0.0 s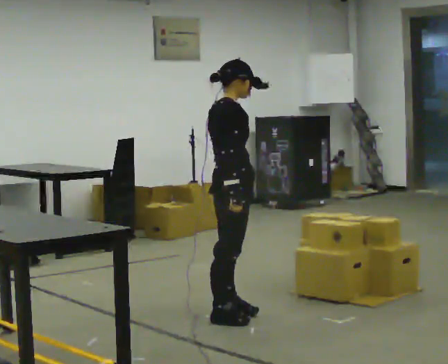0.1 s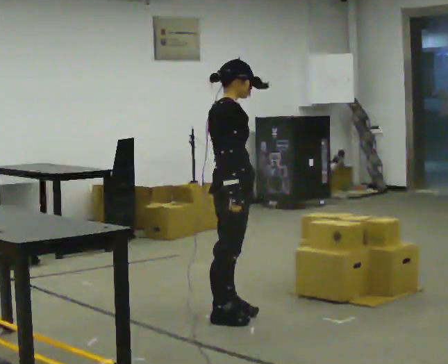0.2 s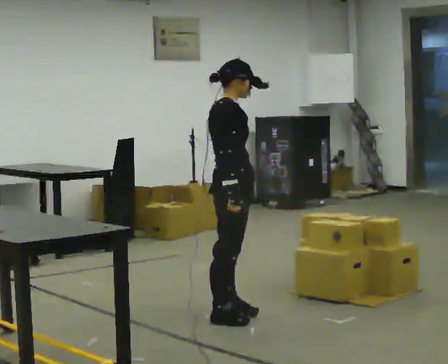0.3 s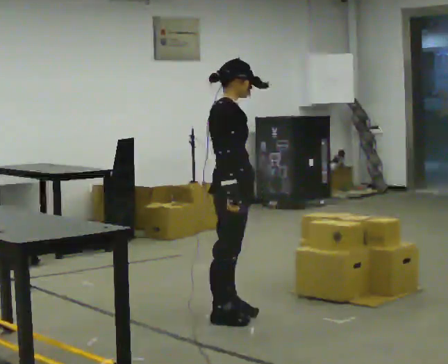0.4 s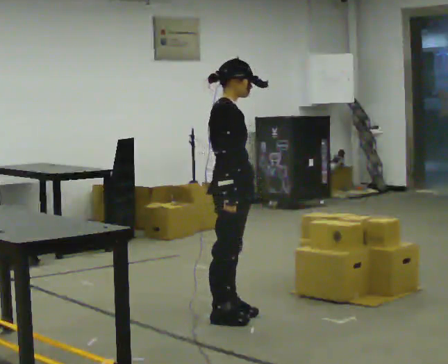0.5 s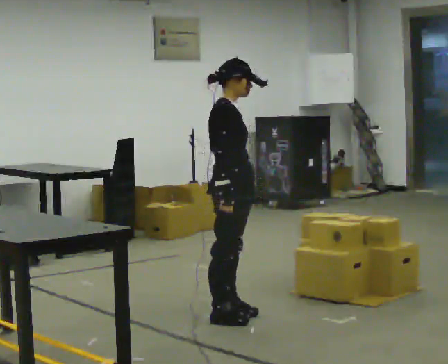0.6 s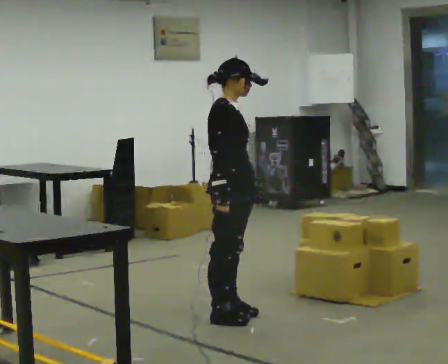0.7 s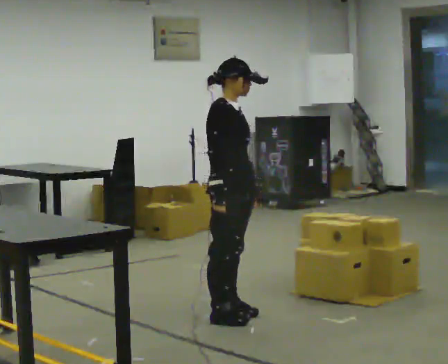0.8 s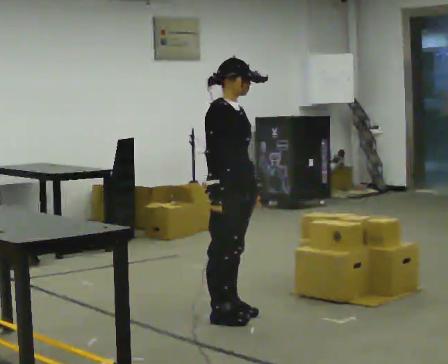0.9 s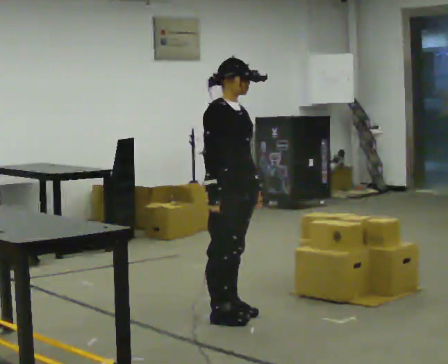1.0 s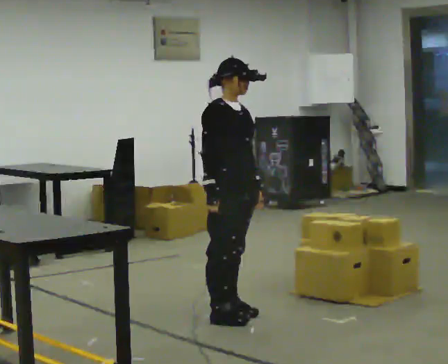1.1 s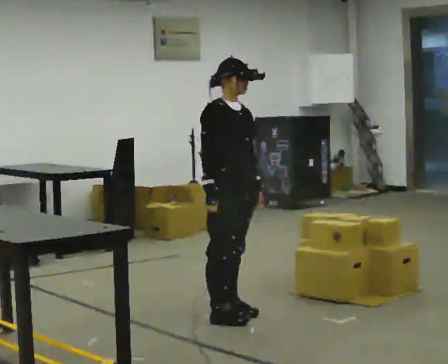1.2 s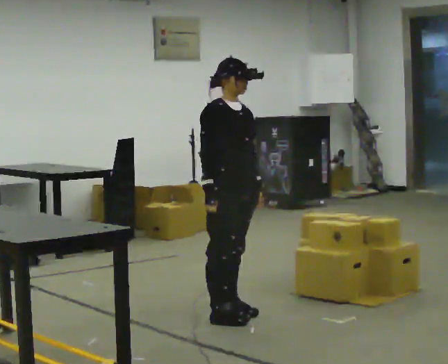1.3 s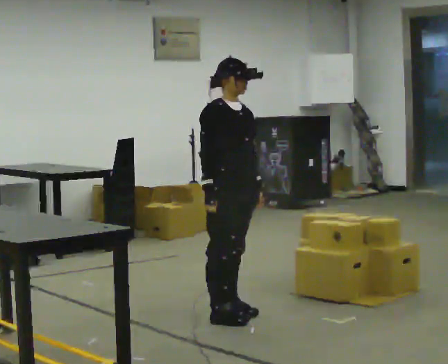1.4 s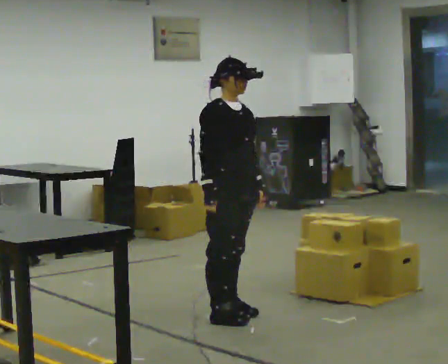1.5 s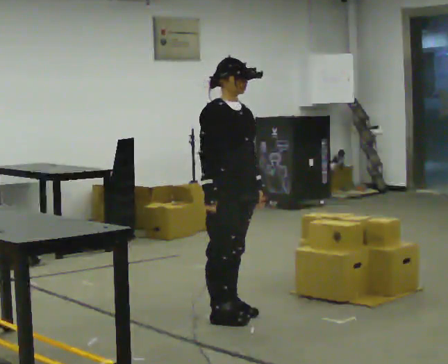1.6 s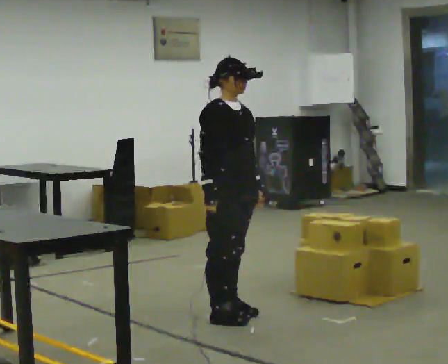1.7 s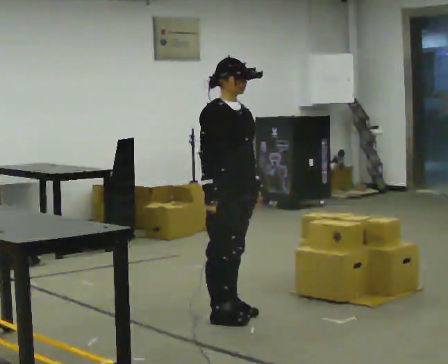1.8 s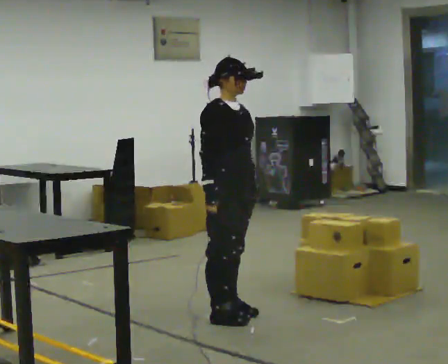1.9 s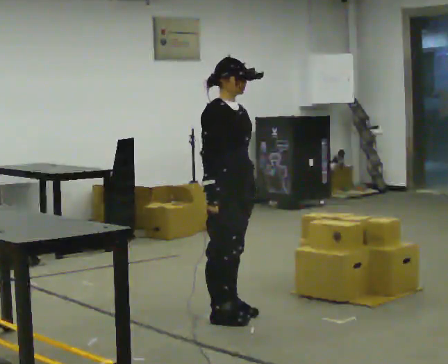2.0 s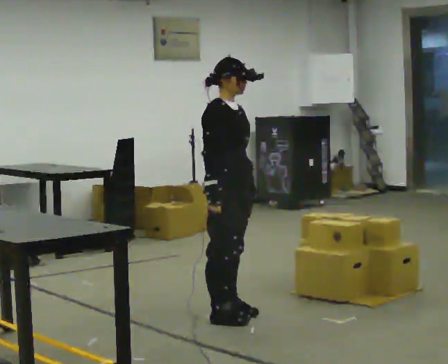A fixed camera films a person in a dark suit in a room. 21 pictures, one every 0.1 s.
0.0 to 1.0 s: The part of the body nearest the lens slides to the left as the person turns to their right by about 45 degrees.
1.0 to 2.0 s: The person moves a little, or ends about where they began.
The film runs backward here.
